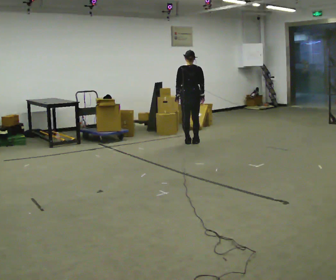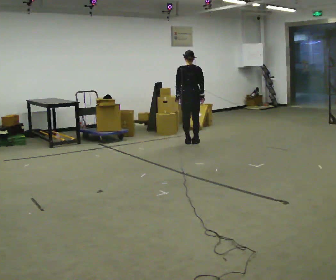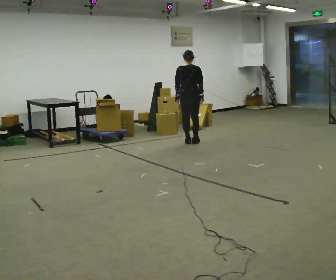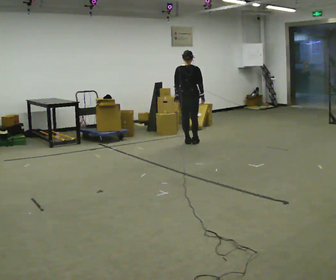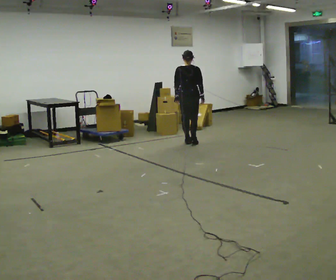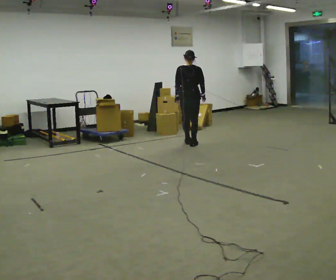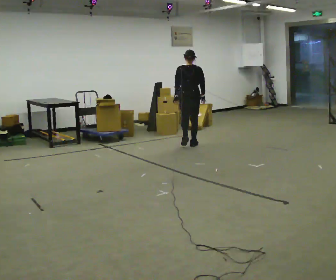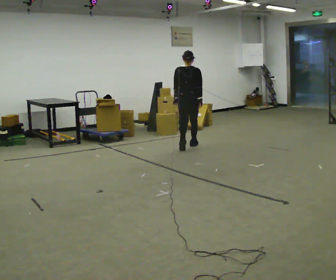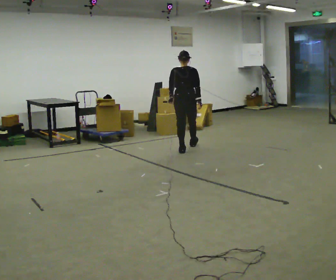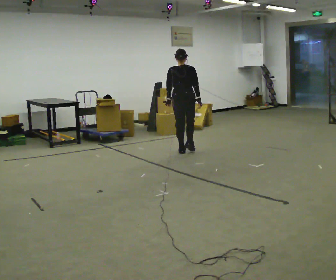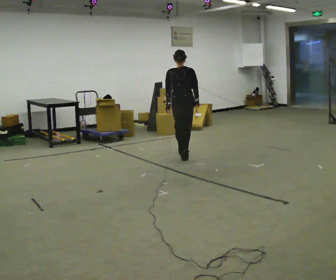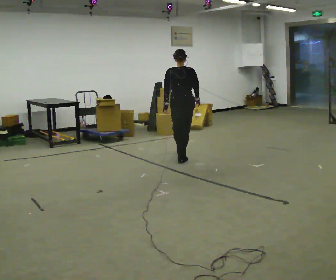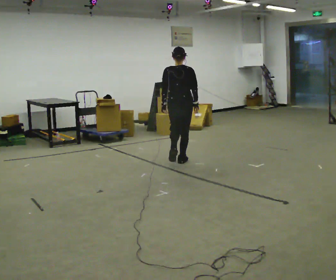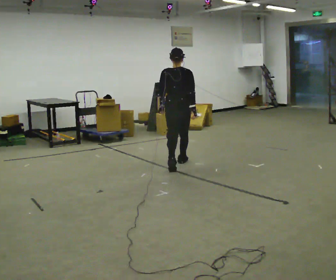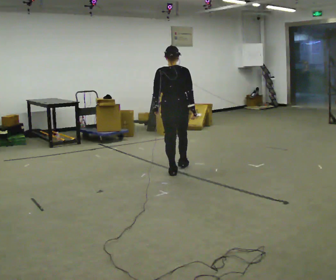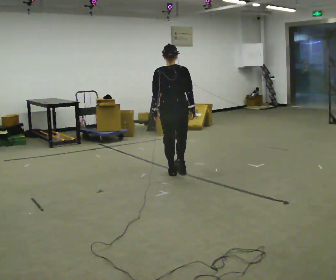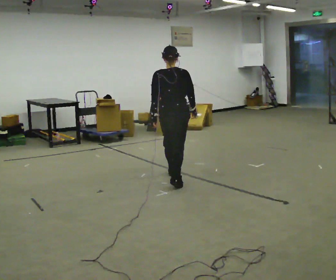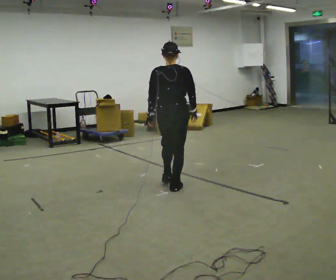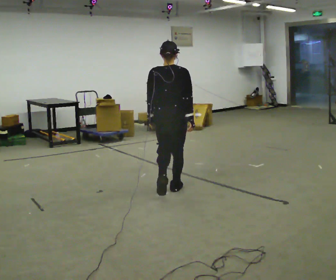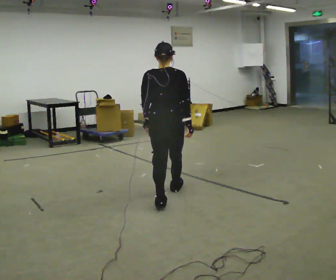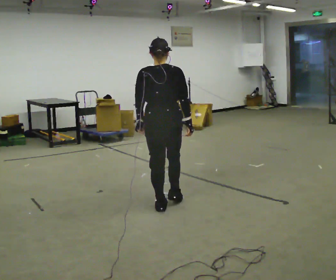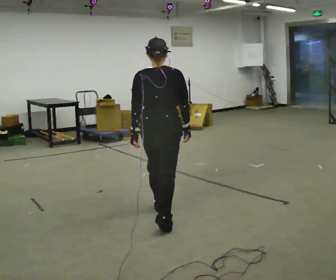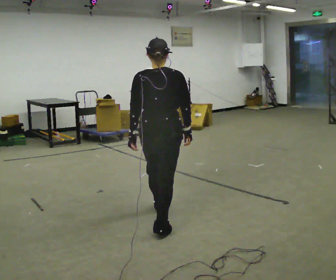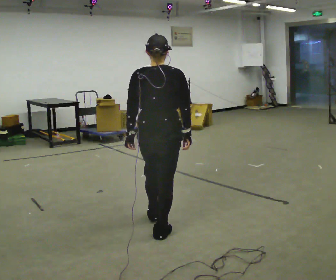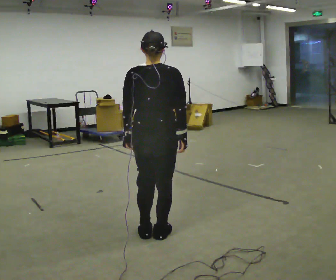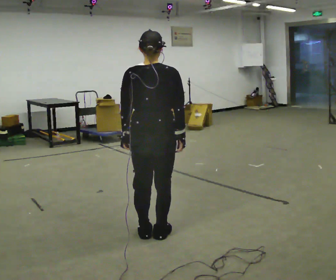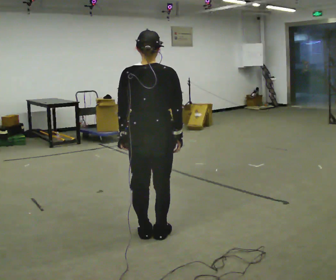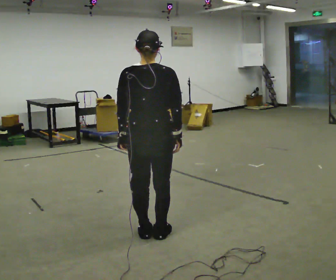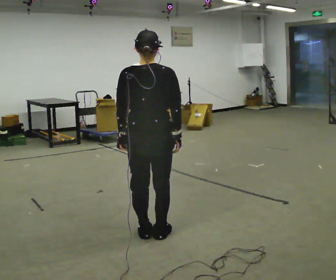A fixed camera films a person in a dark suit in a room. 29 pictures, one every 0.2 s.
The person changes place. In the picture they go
toward the camera.
0.0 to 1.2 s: In the picture they go toward the camera, about 0.25 m in 2 steps, which for them is backward.
1.2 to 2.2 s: In the picture they go toward the camera, about 1 m in 2 steps, which for them is backward.
2.2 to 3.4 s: In the picture they go toward the camera, about 1.5 m in 2 steps, which for them is backward.
3.4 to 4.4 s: In the picture they go toward the camera, about 1 m in 2 steps, which for them is backward.
4.4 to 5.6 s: In the picture they go toward the camera, about 0.25 m, which for them is backward.
The film runs backward here.
